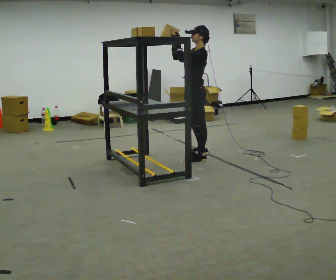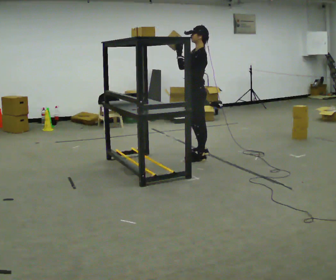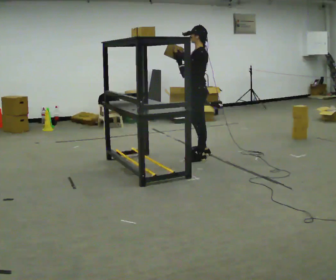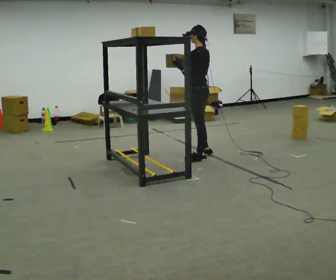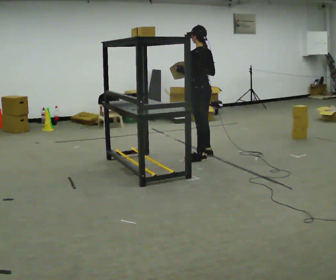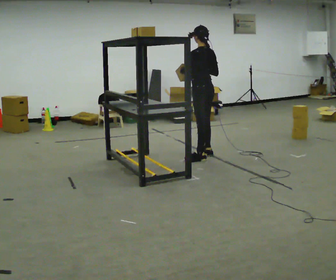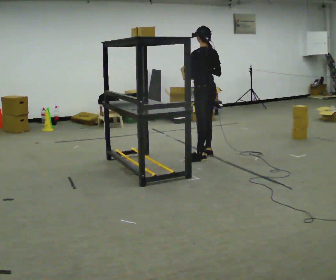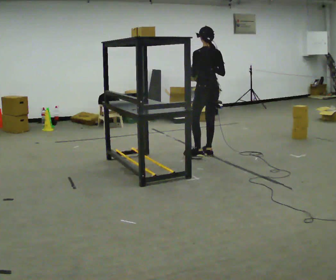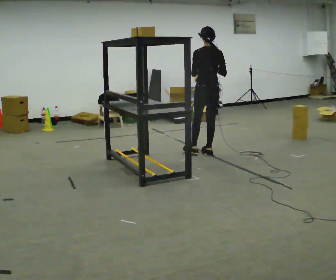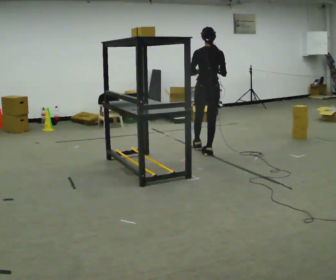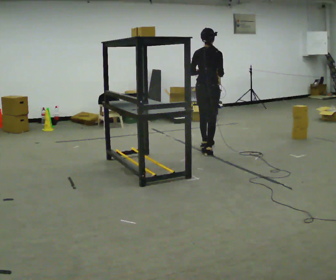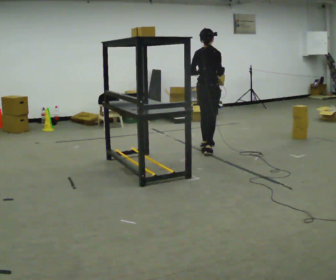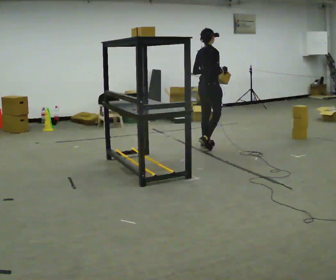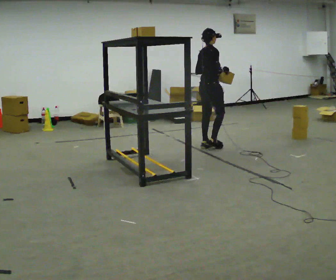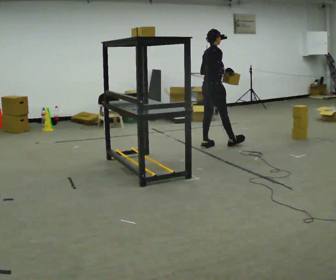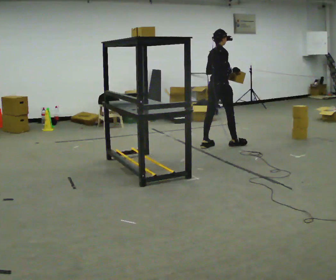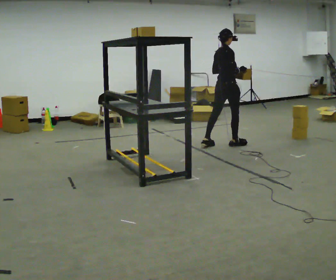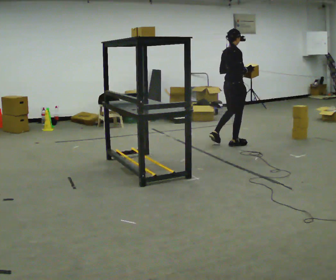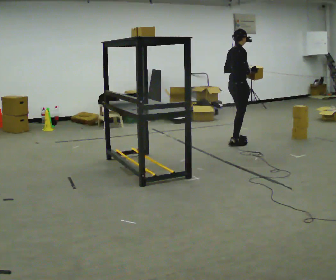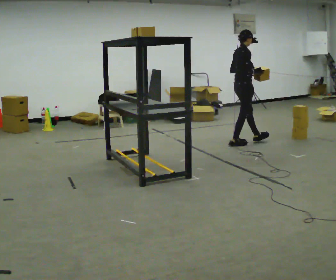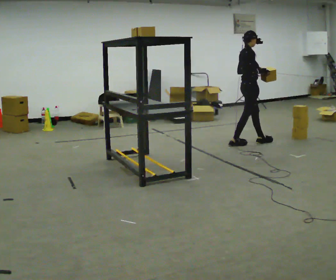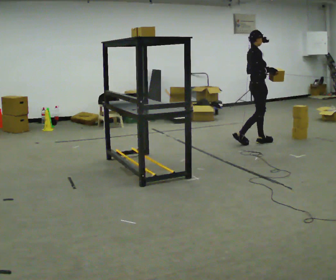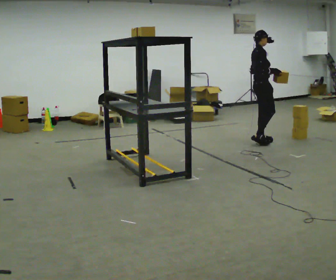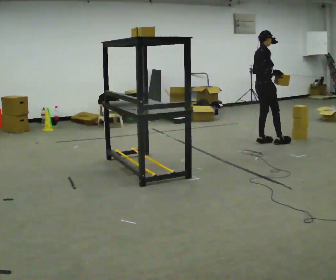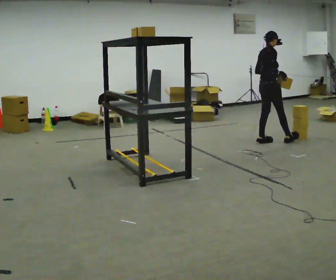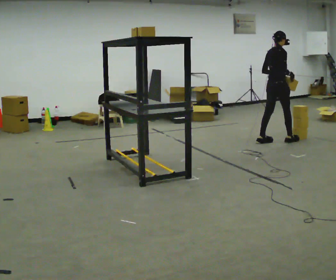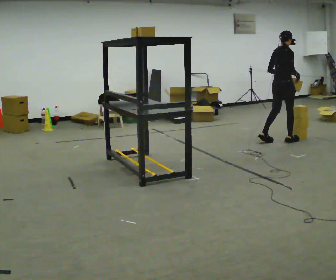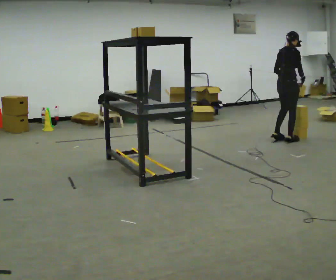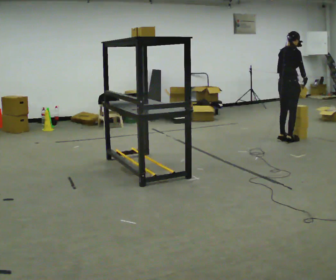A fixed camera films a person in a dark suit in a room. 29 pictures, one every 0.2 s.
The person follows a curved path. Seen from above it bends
clockwise.
Their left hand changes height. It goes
downward.
0.0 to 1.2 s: Seen from above the body turns clockwise, about 60 degrees: to their right, with its near side sliding to the left. In the picture they go away from the camera, about 0.25 m, which for them is to their right. In the picture their right hand goes to the right and downward.
1.2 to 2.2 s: Seen from above the body turns clockwise, about 75 degrees: to their right, with its near side sliding to the left. In the picture they go away from the camera, about 0.25 m in 1 step.
2.2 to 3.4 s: The person turns about 30 degrees to their right, clockwise seen from above, so the part of the body nearest the lens slides to the left. In the picture they go to the right and away from the camera, about 0.5 m in 1 step, which for them is forward.
3.4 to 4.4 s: The part of the body nearest the lens slides to the left as the person turns to their right by about 30 degrees. In the picture they go to the right, about 0.5 m in 1 step, which for them is forward.
4.4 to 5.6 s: The part of the body nearest the lens slides to the right as the person turns to their left by about 30 degrees. In the picture they go to the right, about 0.5 m in 2 steps, which for them is forward and to their right.
The film runs forward here.
